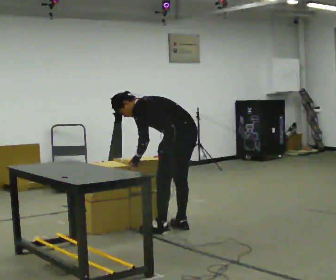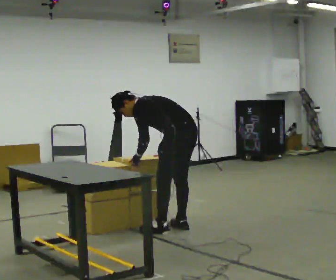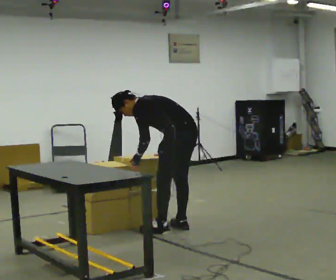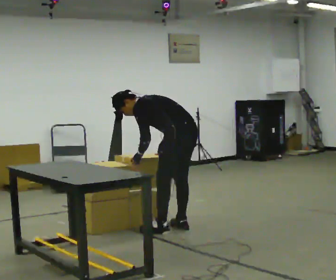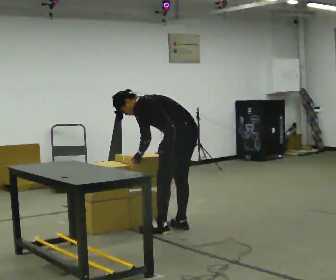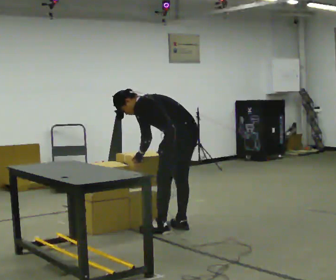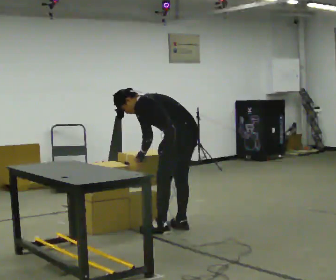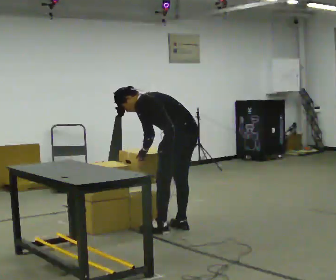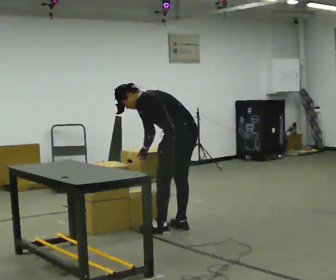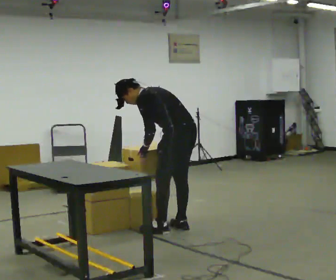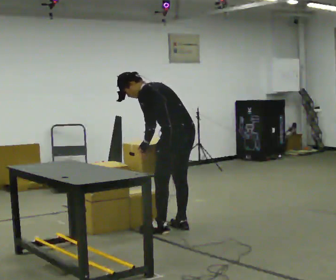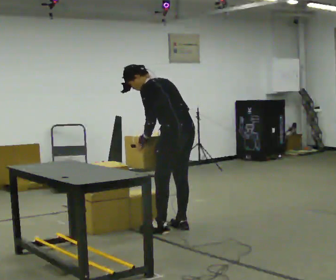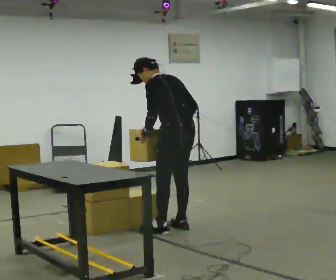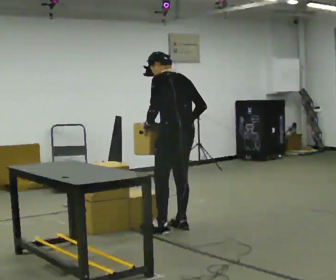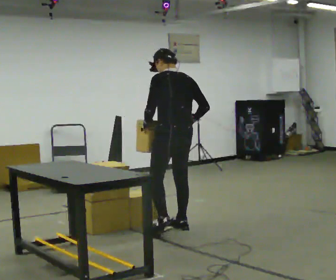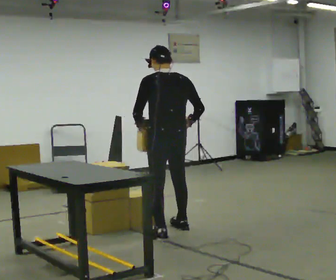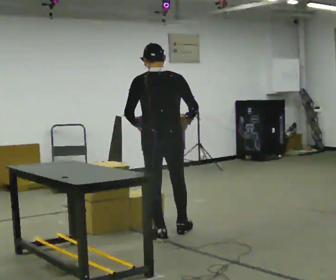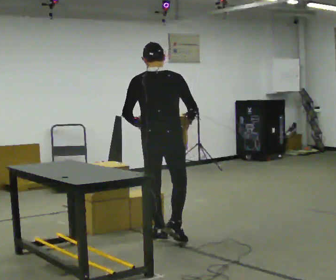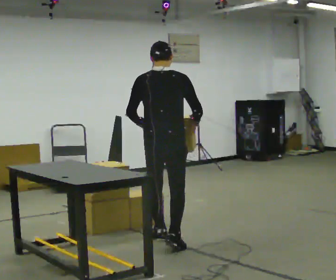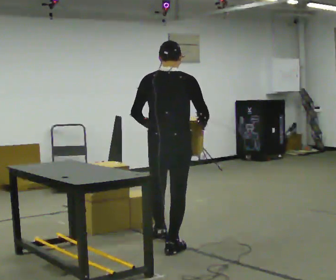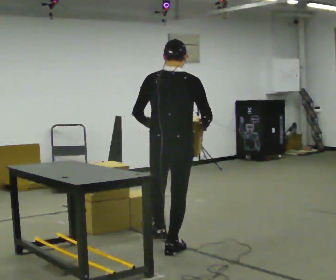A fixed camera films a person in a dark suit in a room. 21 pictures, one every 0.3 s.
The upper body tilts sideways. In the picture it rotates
clockwise.
The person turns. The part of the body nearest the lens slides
to the left.
0.0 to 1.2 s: The person keeps their place and pose.
1.2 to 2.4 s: The person moves a little, or ends about where they began.
2.4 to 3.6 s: In the picture the upper body tilts clockwise, shoulders to the right, as they lean back or straighten.
3.6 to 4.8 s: The person turns about 45 degrees to their right, clockwise seen from above, so the part of the body nearest the lens slides to the left. In the picture they go toward the camera and to the left, about 0.25 m in 2 steps, which for them is to their left and backward. In the picture the upper body tilts clockwise, shoulders to the right, as they lean back or straighten.
4.8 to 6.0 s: In the picture they go toward the camera, about 0.5 m in 1 step, which for them is backward and to their right.
The film runs backward here.
